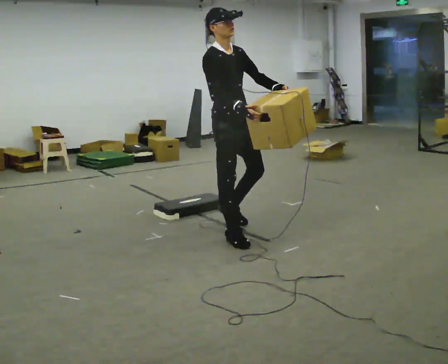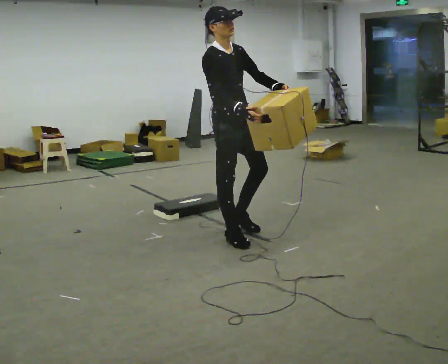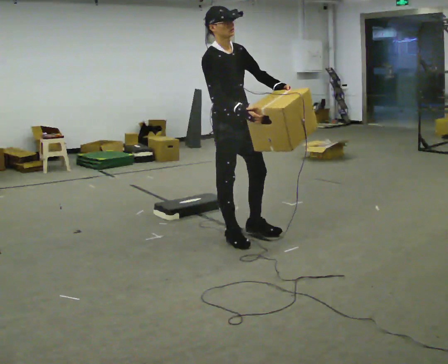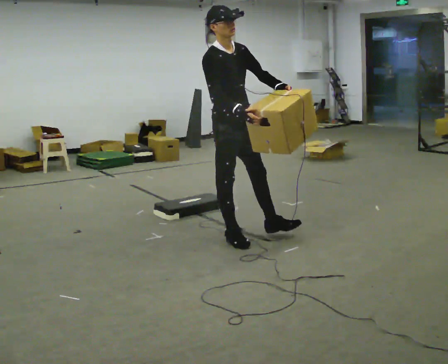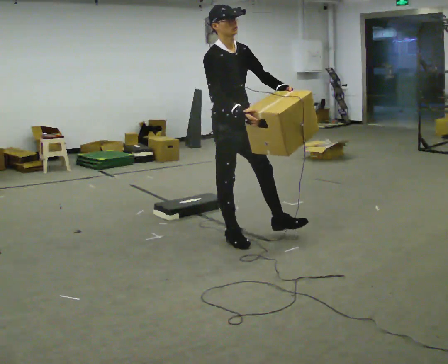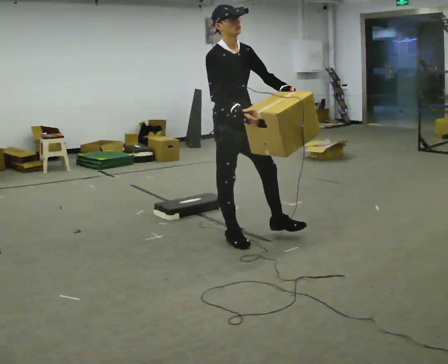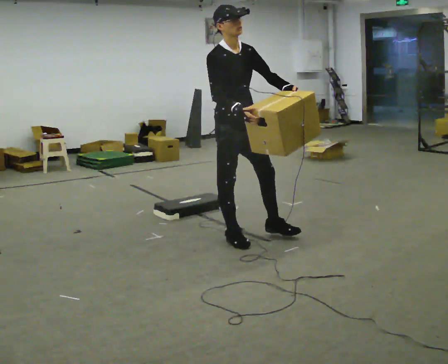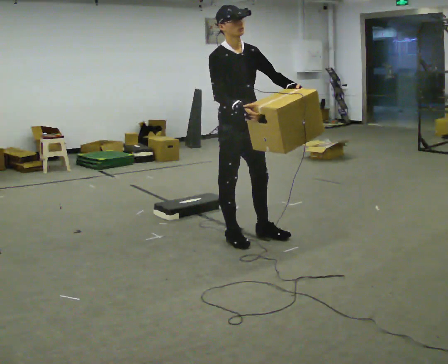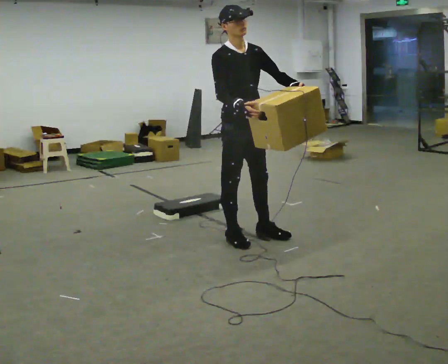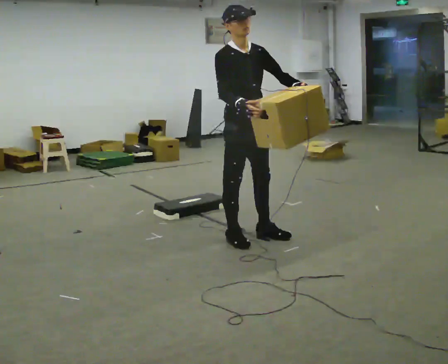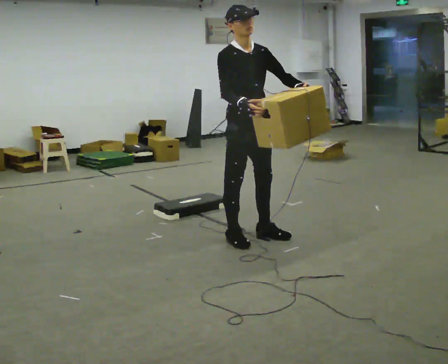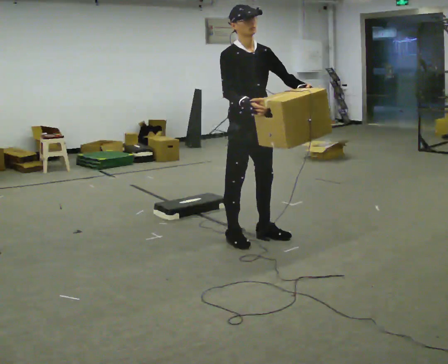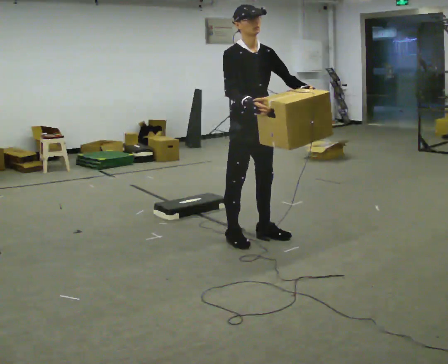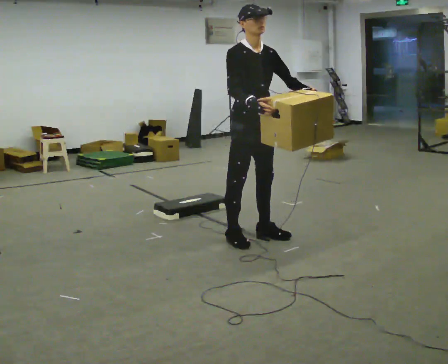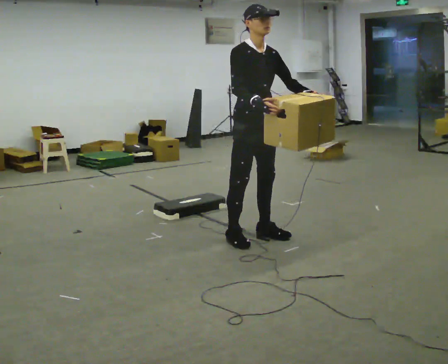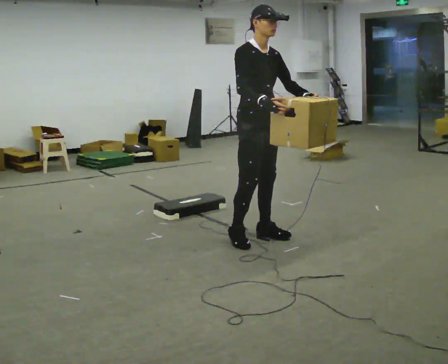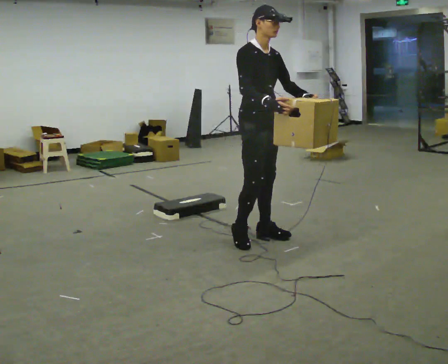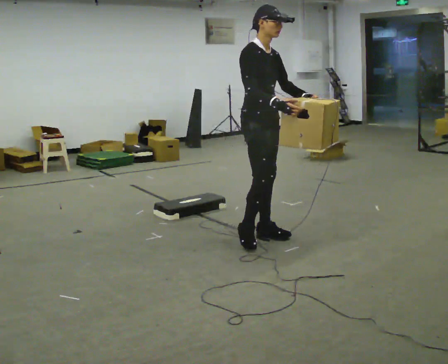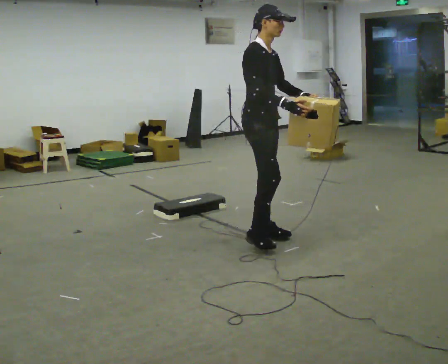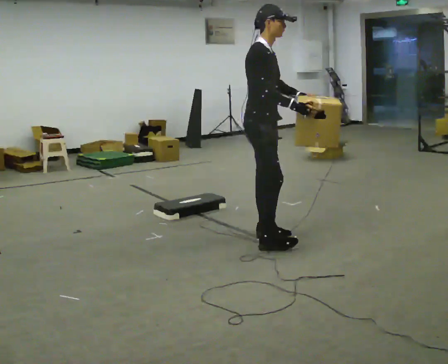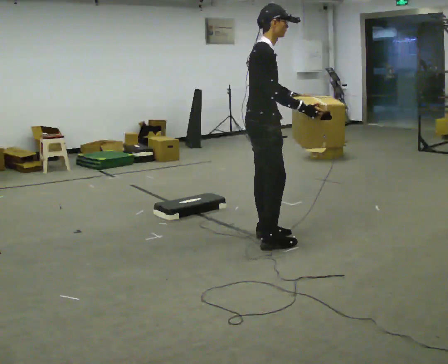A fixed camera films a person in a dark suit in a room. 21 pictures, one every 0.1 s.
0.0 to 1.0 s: In the picture they go to the right, about 0.25 m in 1 step, which for them is forward.
1.0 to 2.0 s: Seen from above the body turns counterclockwise, about 60 degrees: to their left, with its near side sliding to the right.
The film runs forward here.
